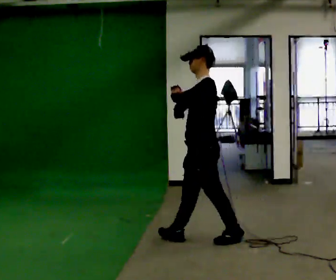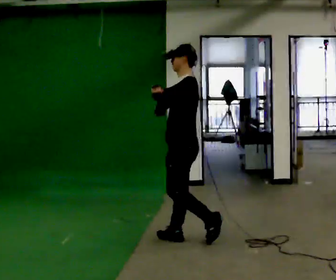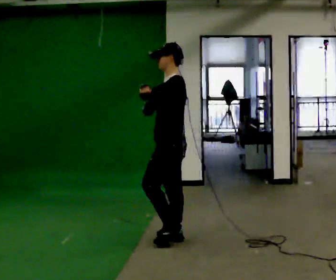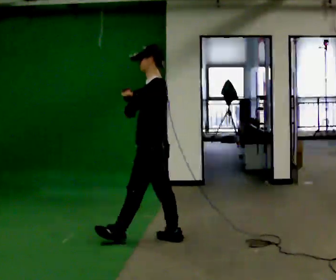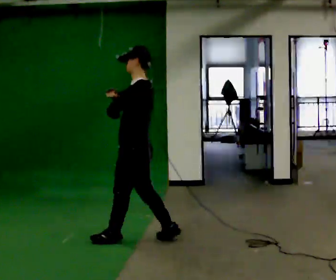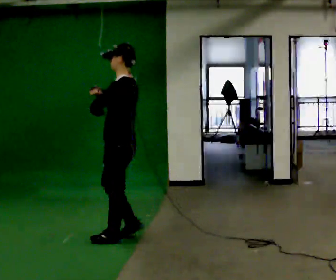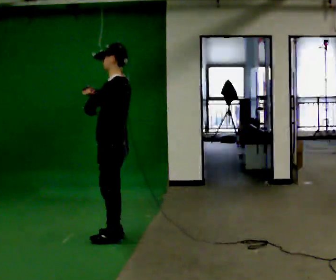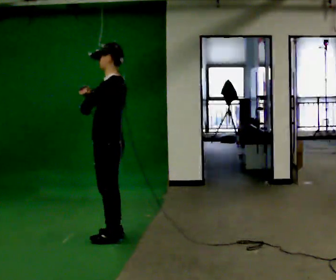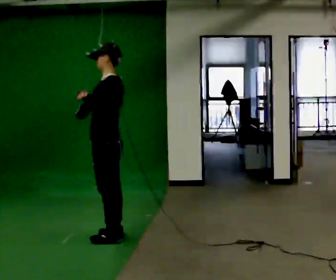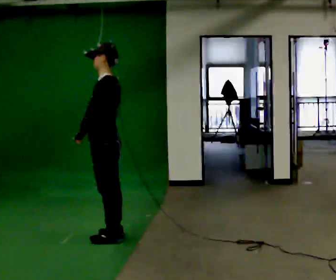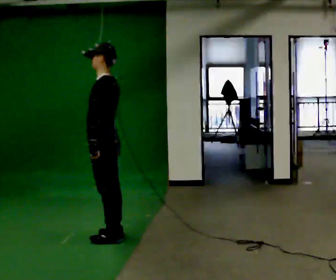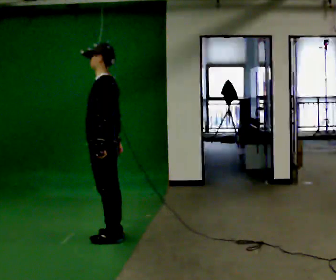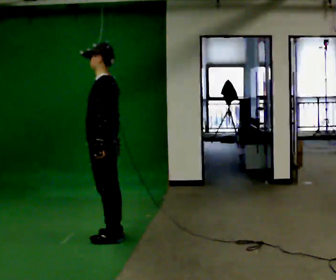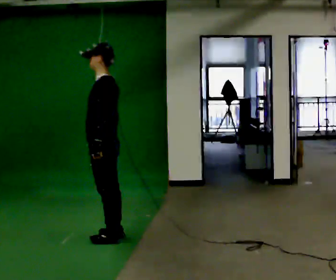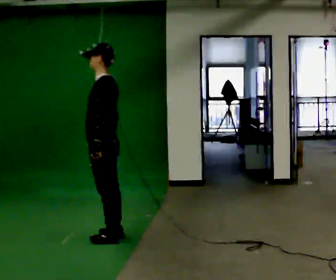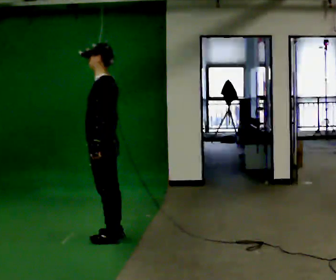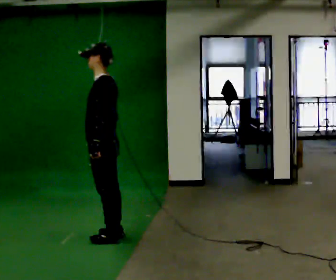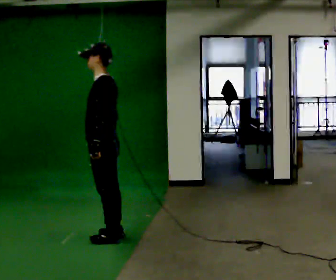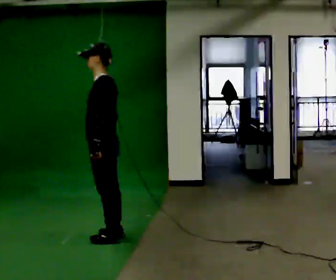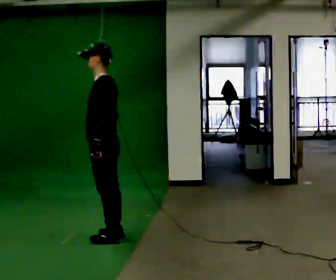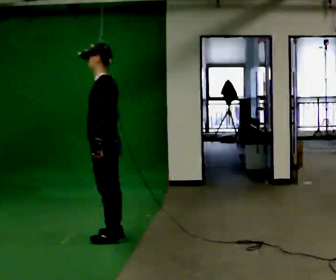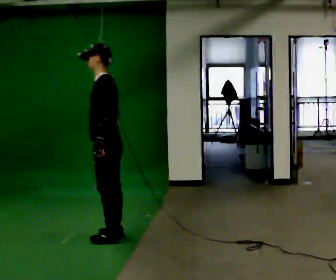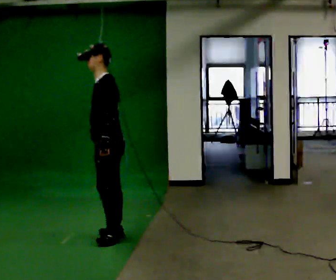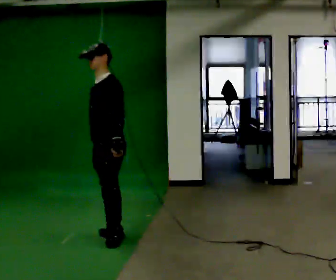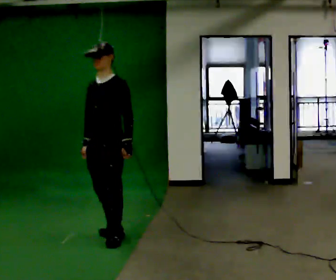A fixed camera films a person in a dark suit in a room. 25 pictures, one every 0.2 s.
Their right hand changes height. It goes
downward.
Their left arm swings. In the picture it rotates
counterclockwise.
0.0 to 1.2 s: In the picture they go to the left, about 1 m in 2 steps, which for them is forward.
1.2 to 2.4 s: In the picture their right hand goes downward.
2.4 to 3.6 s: The person keeps their place and pose.
3.6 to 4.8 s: The person turns about 60 degrees to their left, counterclockwise seen from above, so the part of the body nearest the lens slides to the right.
The film runs forward here.
